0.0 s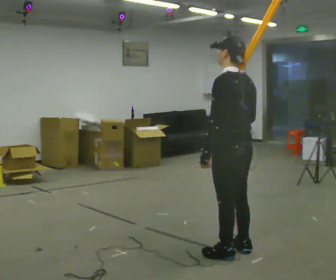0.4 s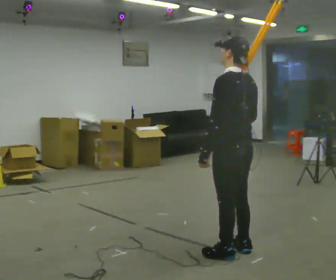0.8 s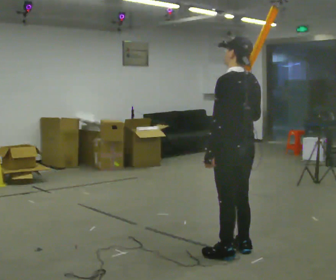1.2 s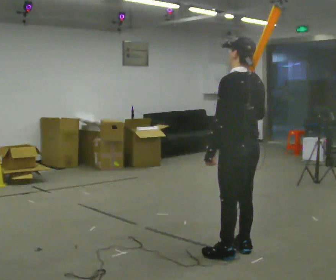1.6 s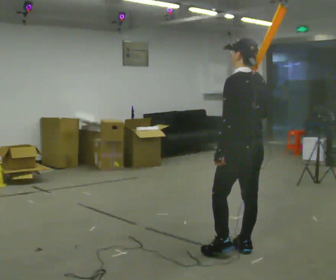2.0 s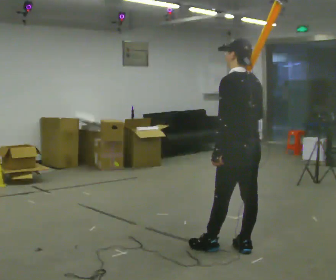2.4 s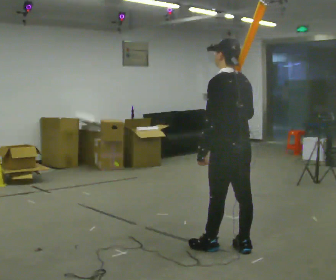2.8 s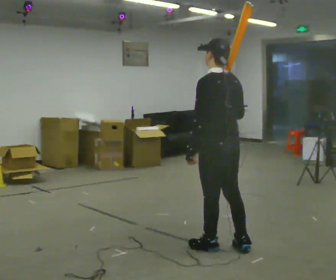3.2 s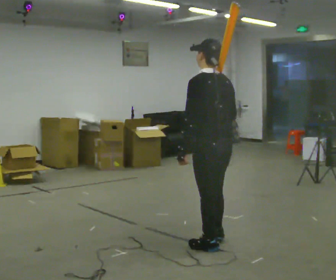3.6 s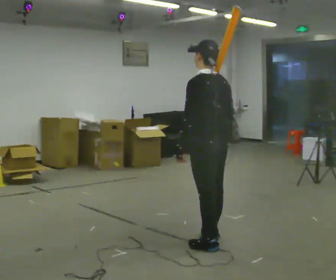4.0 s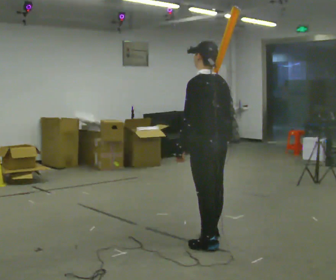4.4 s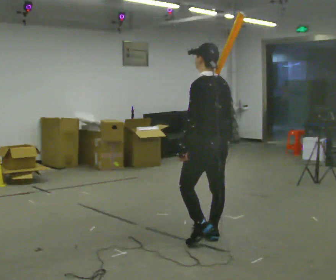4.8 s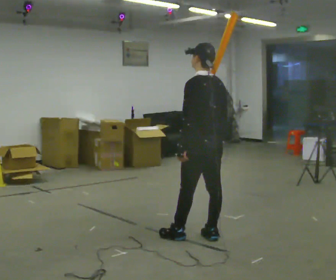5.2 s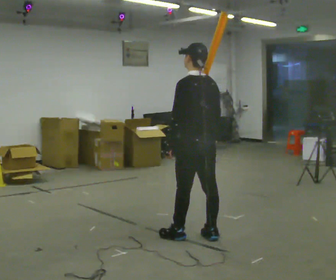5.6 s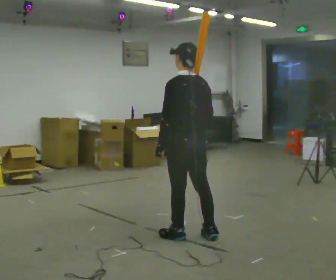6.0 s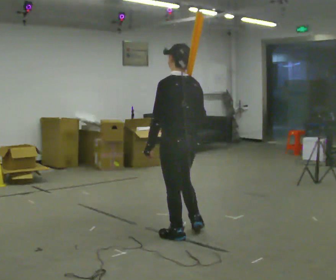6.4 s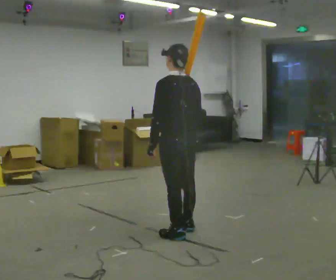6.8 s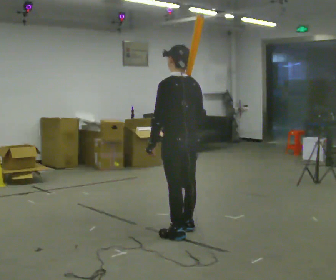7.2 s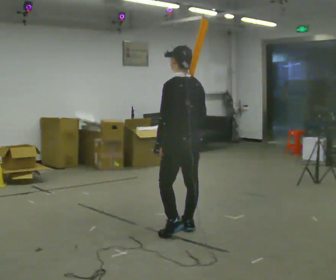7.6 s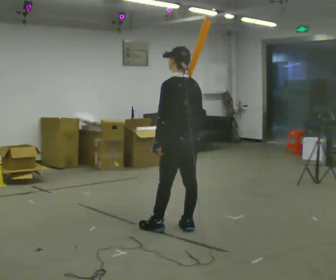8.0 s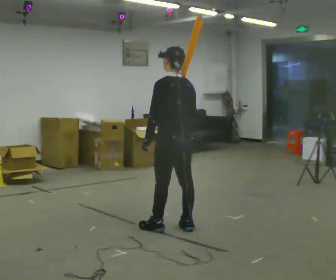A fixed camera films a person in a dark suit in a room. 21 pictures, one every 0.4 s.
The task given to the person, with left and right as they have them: Rest the long object on the shoulder the operator calls and carry it across the room, back and forth.
0.0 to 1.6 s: The person moves a little, or ends about where they began.
1.6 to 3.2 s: In the picture they go to the left, about 0.25 m in 1 step, which for them is forward and to their left.
3.2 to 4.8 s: In the picture they go away from the camera, about 0.25 m in 2 steps, which for them is forward and to their right.
4.8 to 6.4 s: In the picture they go to the left, about 0.25 m in 1 step, which for them is forward and to their left.
6.4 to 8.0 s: In the picture they go away from the camera, about 0.25 m in 1 step, which for them is forward.
The film runs forward here.
